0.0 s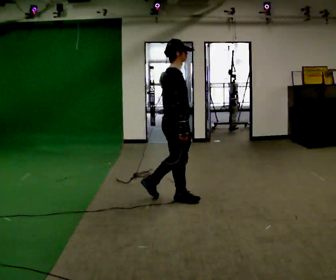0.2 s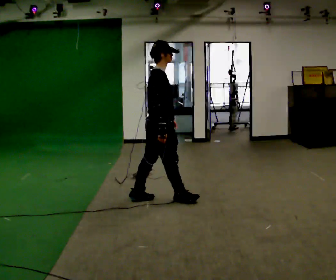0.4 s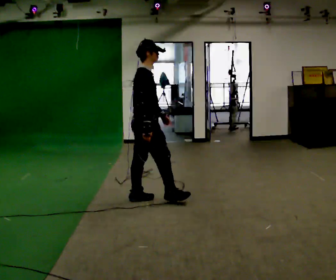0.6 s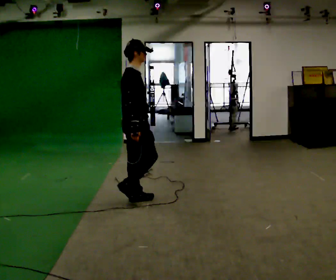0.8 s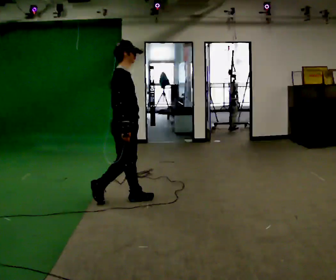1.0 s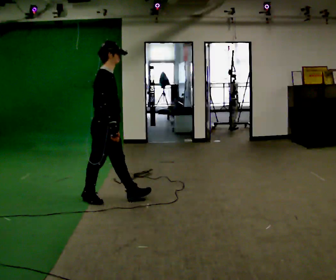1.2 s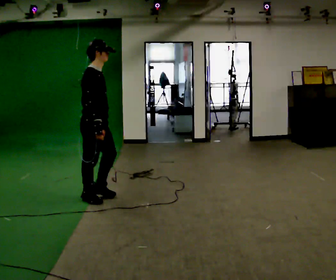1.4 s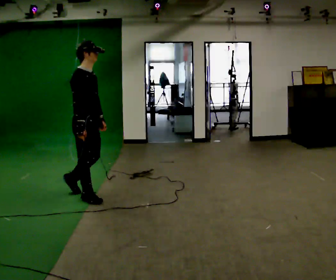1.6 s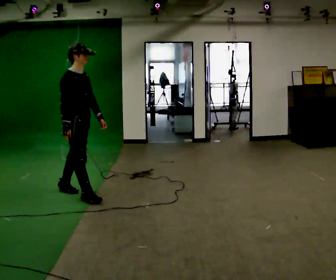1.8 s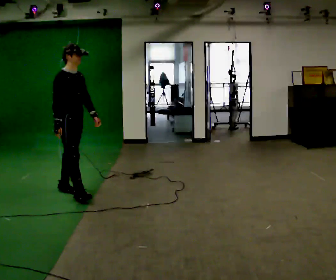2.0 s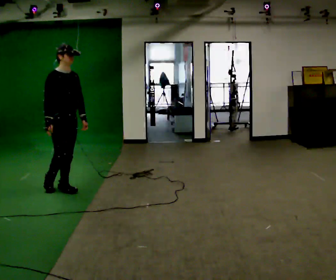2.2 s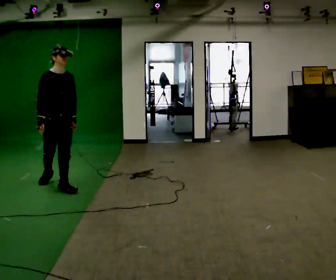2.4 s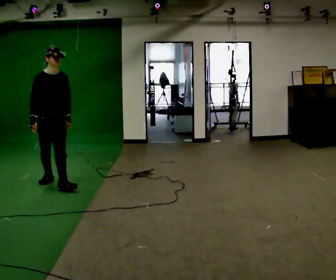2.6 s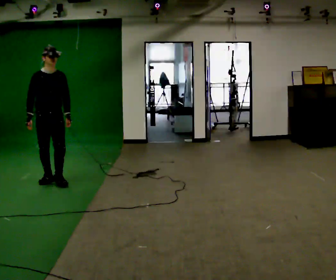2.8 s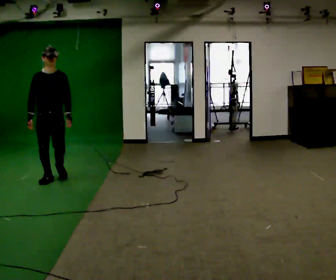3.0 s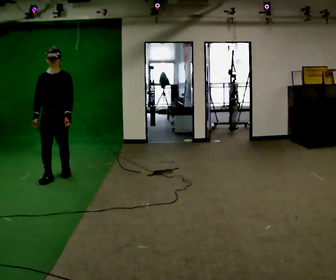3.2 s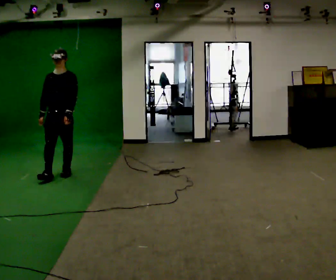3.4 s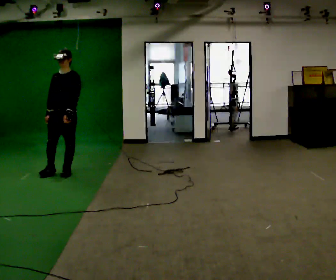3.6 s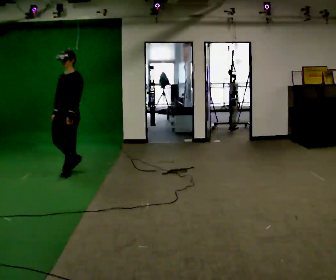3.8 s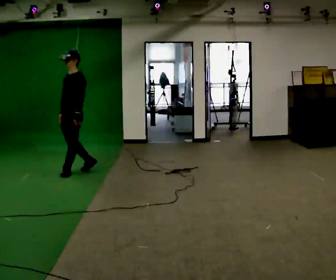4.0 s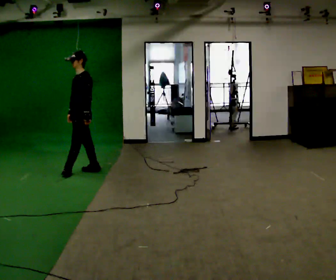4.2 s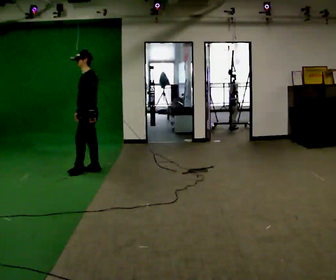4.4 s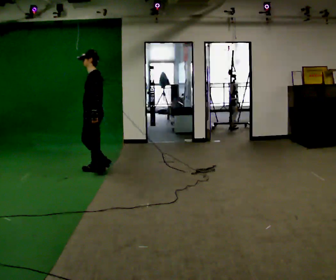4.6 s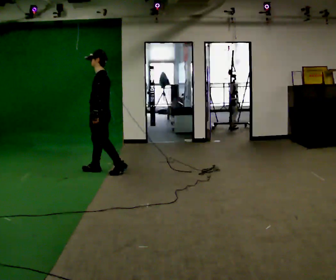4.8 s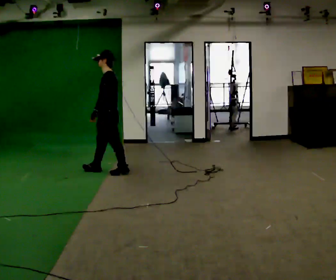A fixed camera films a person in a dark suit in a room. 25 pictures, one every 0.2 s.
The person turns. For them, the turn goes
to their right.
The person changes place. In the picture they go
away from the camera.
0.0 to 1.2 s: In the picture they go to the left, about 1 m in 2 steps, which for them is backward.
1.2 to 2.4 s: Seen from above the body turns clockwise, about 60 degrees: to their right, with its near side sliding to the left. In the picture they go away from the camera and to the left, about 1 m in 1 step, which for them is backward.
2.4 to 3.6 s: Seen from above the body turns clockwise, about 60 degrees: to their right, with its near side sliding to the left. In the picture they go away from the camera, about 0.5 m in 2 steps.
3.6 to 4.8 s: The person turns about 45 degrees to their right, clockwise seen from above, so the part of the body nearest the lens slides to the left. In the picture they go to the right, about 0.5 m in 1 step, which for them is backward.
The film runs backward here.
